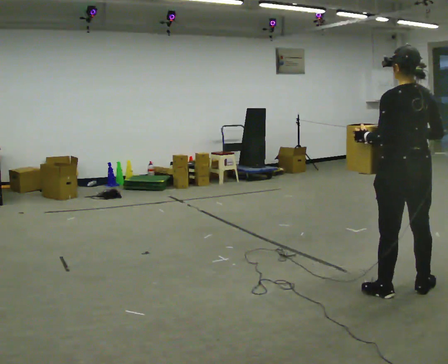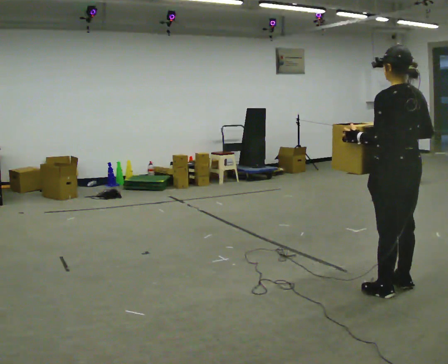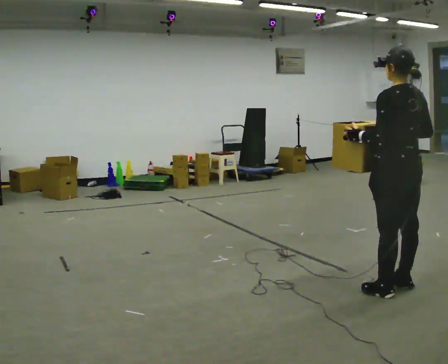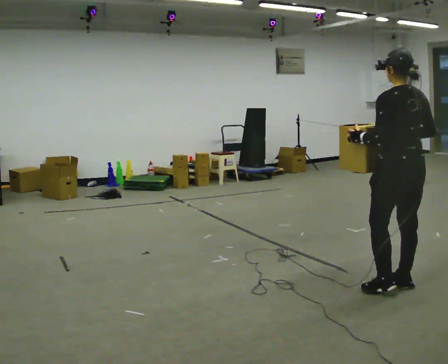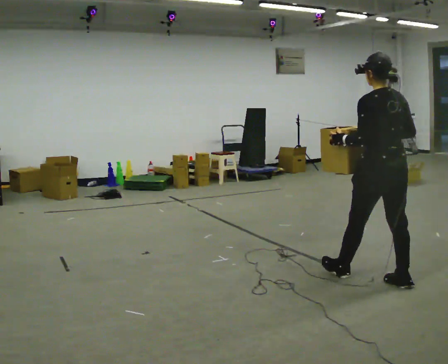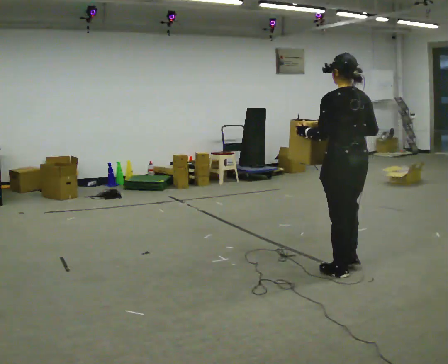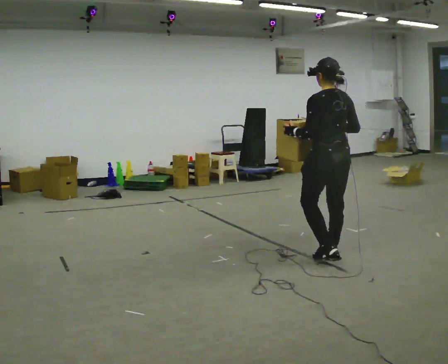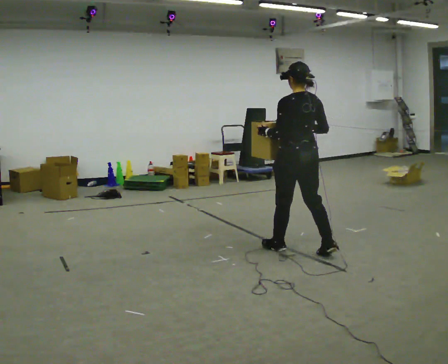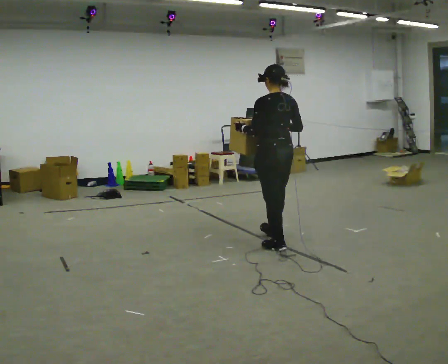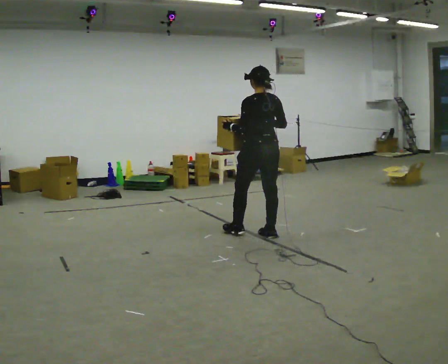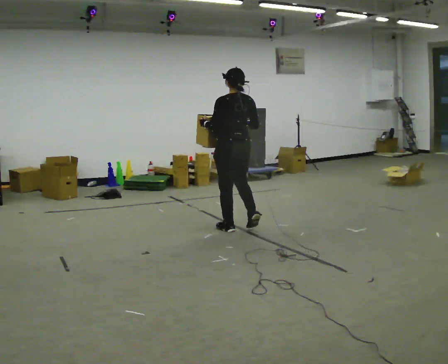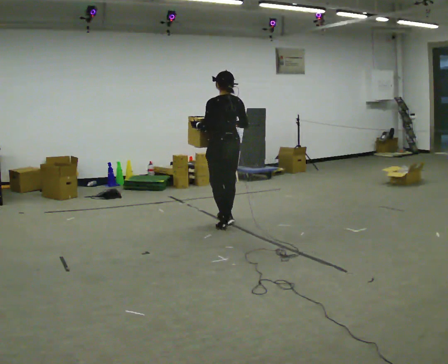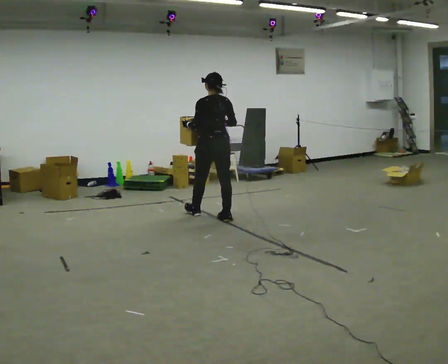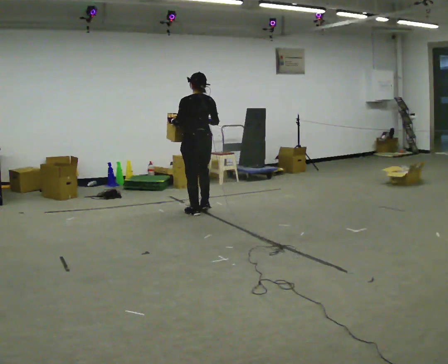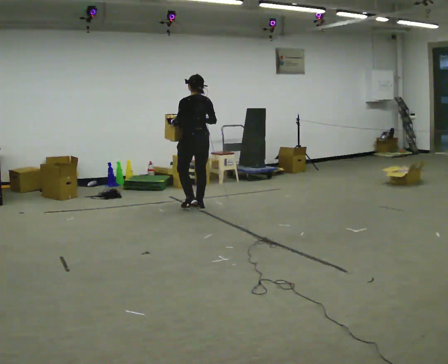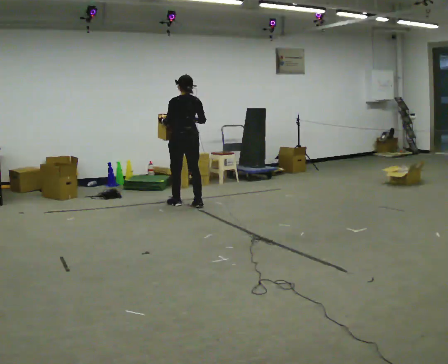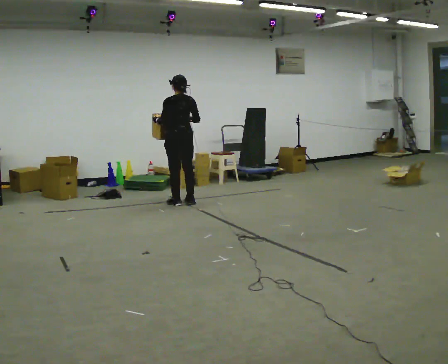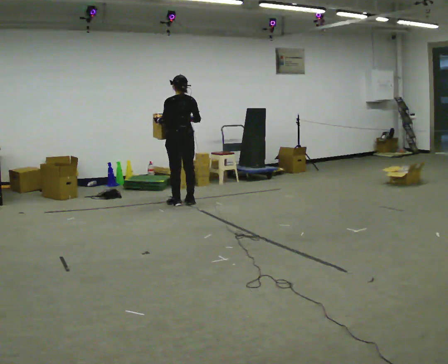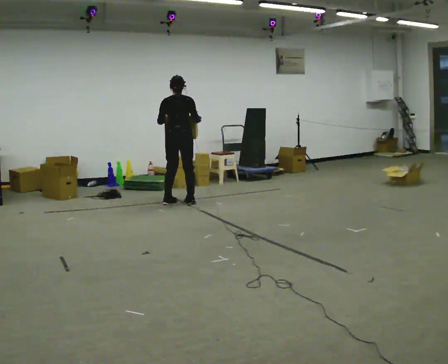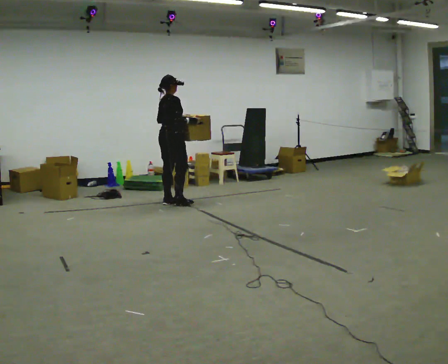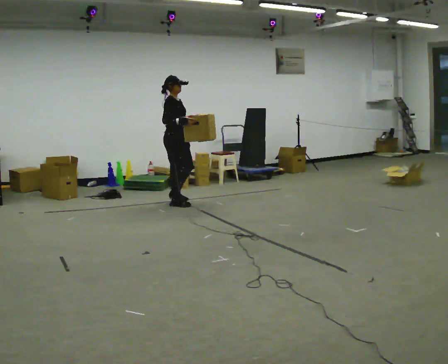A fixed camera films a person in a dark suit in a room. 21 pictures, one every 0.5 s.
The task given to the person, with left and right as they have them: Carry the heaviest box in both hands in front of you, walking back and forth across the room. Only carry what is comfortable. Set it down whenever you need to.
0.0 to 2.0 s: In the picture they go away from the camera, about 0.25 m in 1 step, which for them is forward.
2.0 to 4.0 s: In the picture they go away from the camera and to the left, about 1.5 m in 3 steps, which for them is forward.
4.0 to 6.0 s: In the picture they go away from the camera and to the left, about 1 m in 3 steps, which for them is forward.
6.0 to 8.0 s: In the picture they go away from the camera and to the left, about 1 m in 3 steps, which for them is forward.
8.0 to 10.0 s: The person turns about 135 degrees to their right, clockwise seen from above, so the part of the body nearest the lens slides to the left. In the picture their left hand goes to the right.
The film runs forward here.
